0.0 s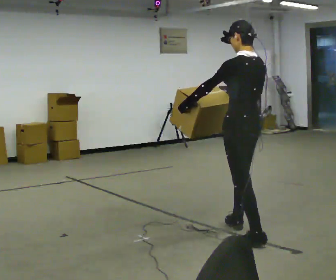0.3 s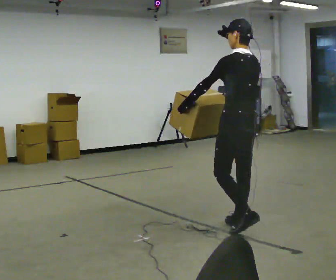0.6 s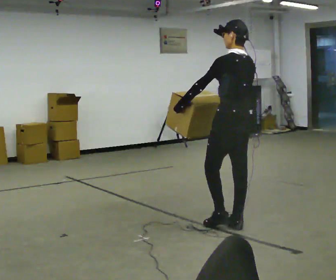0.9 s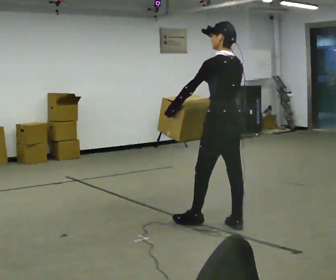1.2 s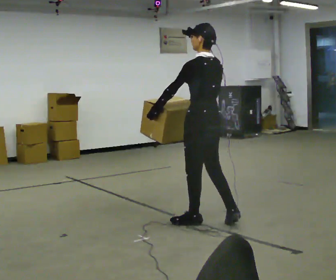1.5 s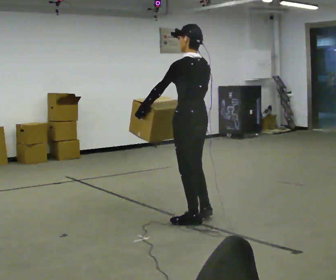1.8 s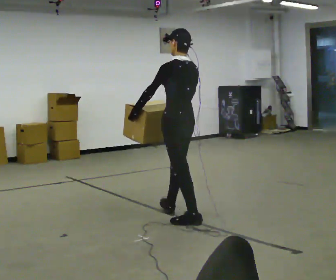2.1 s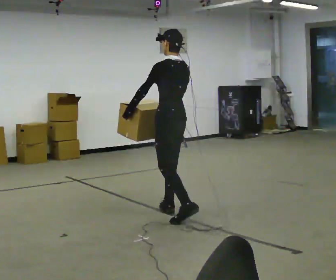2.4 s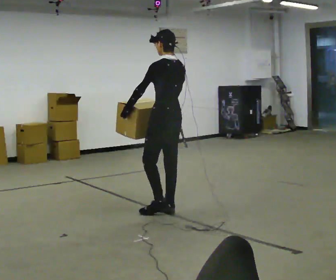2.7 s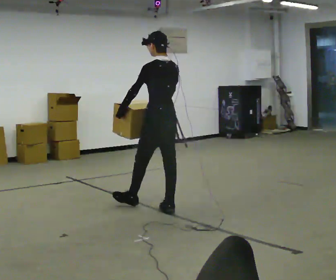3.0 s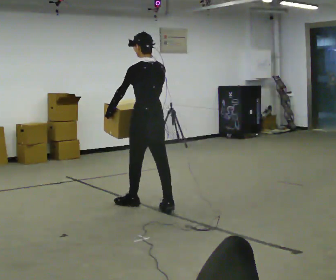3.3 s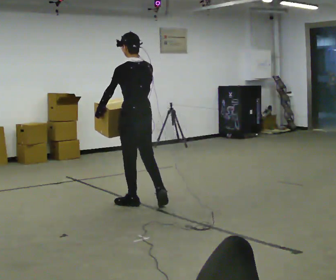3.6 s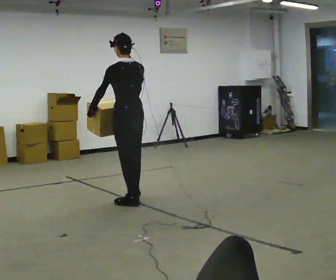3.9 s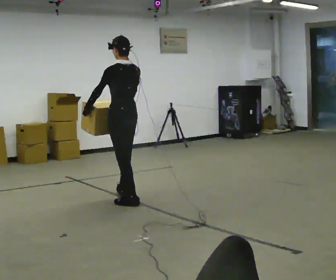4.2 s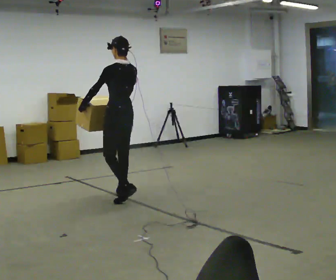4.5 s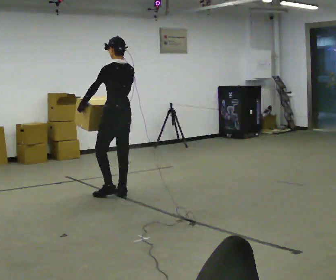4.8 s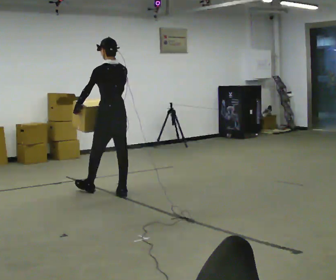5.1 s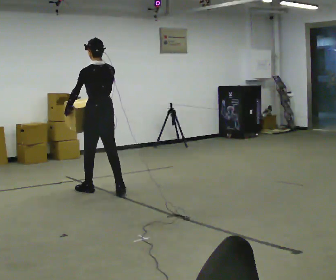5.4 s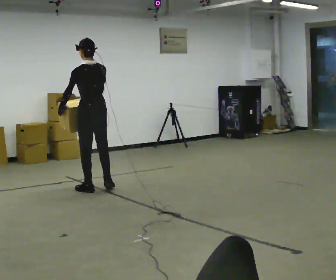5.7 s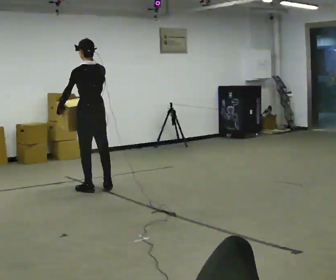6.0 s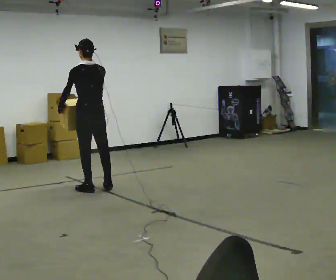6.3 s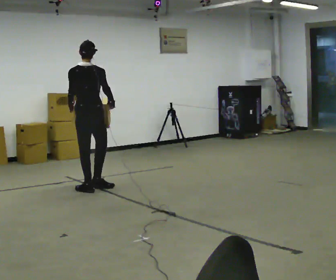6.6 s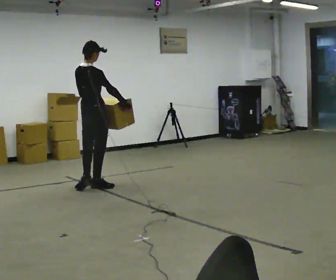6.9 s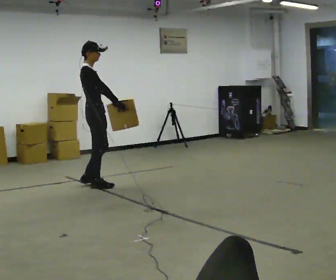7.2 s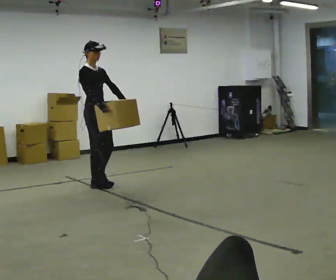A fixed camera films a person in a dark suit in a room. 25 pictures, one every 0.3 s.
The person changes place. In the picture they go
away from the camera.
Their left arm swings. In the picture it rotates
counterclockwise.
0.0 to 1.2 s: In the picture they go away from the camera and to the left, about 0.5 m in 1 step, which for them is forward.
1.2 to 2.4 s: In the picture they go away from the camera and to the left, about 0.5 m in 1 step, which for them is forward.
2.4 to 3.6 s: In the picture they go to the left and away from the camera, about 0.5 m in 1 step, which for them is forward.
3.6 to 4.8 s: In the picture they go away from the camera, about 0.5 m in 2 steps, which for them is forward.
4.8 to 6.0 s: In the picture they go to the left and away from the camera, about 0.25 m in 1 step, which for them is forward and to their left.
6.0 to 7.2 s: The part of the body nearest the lens slides to the left as the person turns to their right by about 150 degrees. In the picture they go away from the camera, about 0.25 m in 2 steps.
The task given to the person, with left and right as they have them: Carry the box across the room, stopping and starting again each time the operator says stop and go. Do not set the box down.
The film runs forward here.
